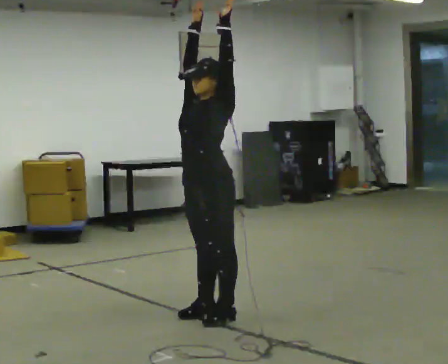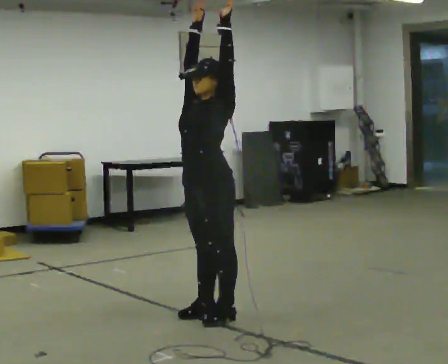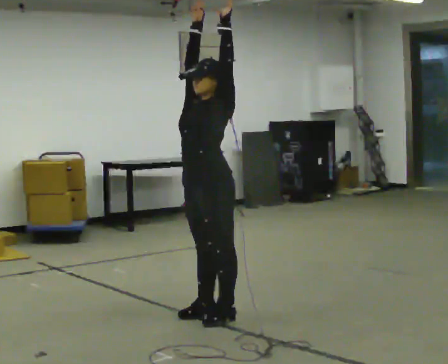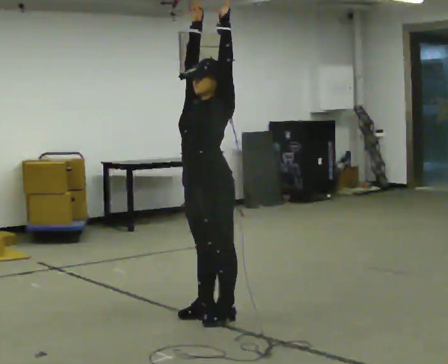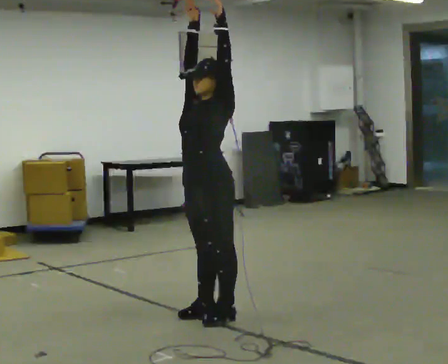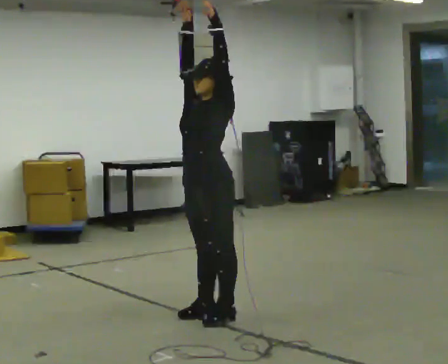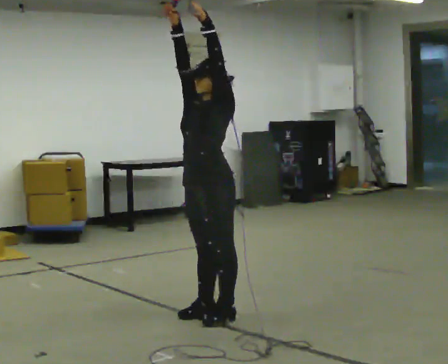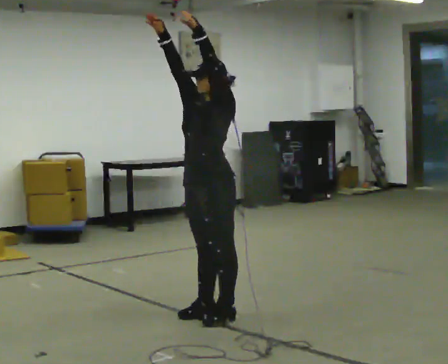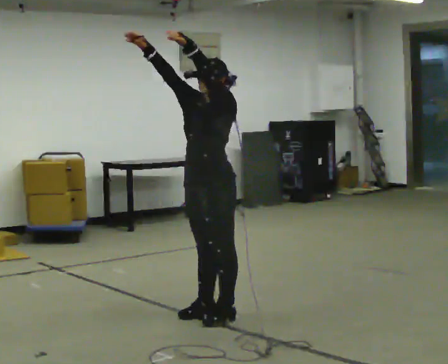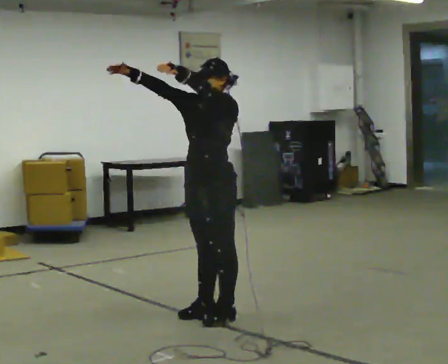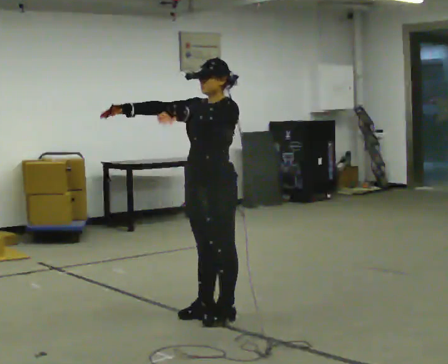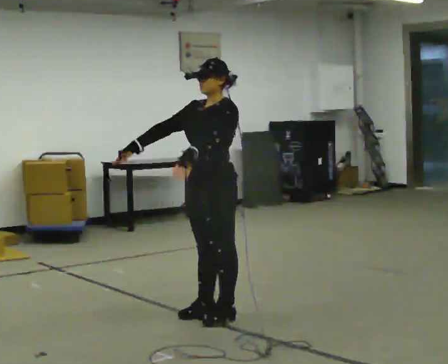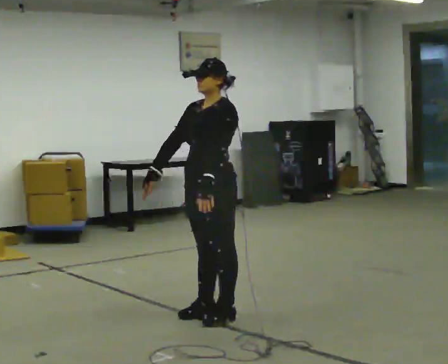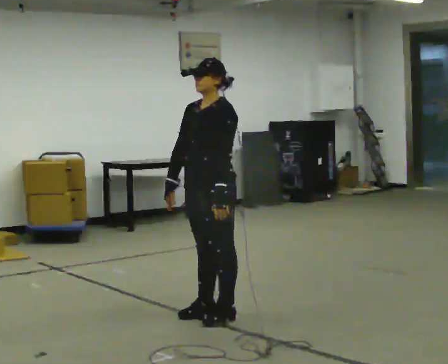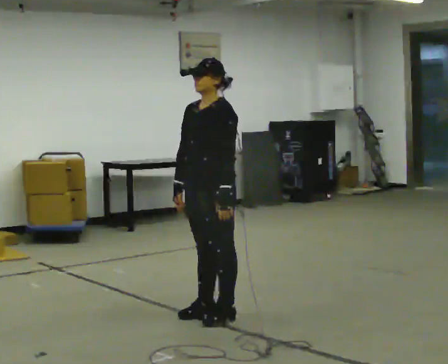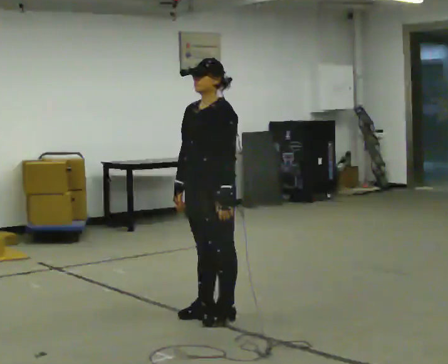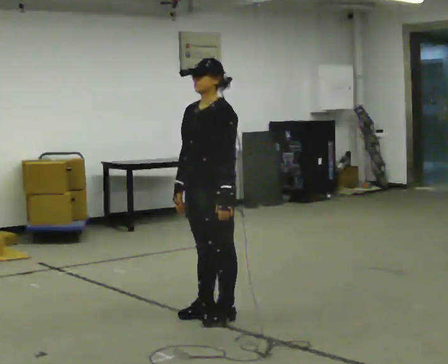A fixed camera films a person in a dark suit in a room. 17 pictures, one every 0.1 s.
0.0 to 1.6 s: In the picture their left hand goes downward.
The film runs backward here.
